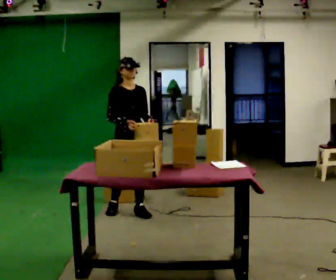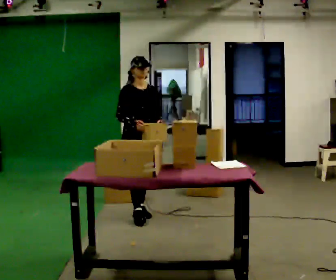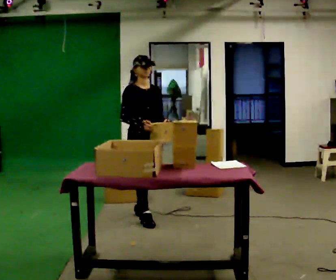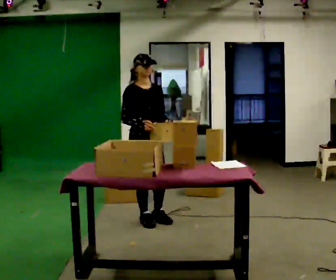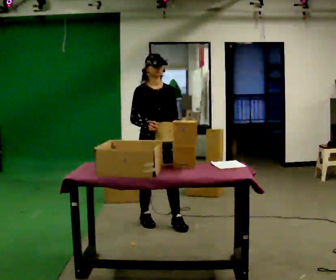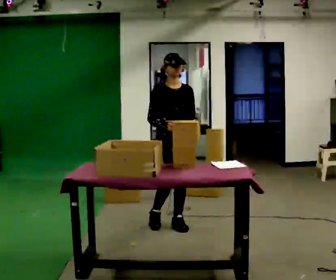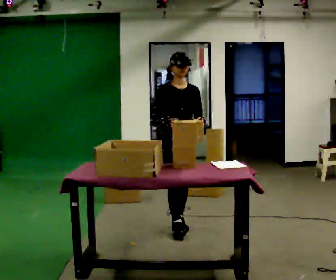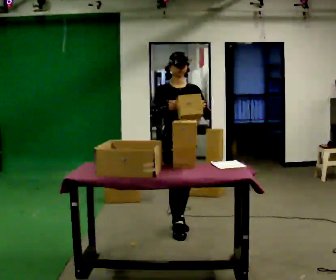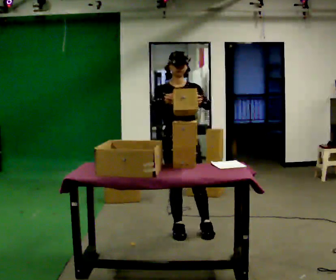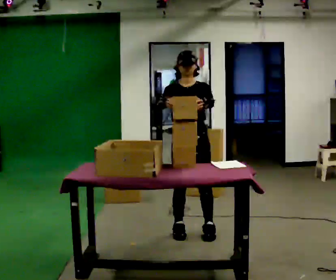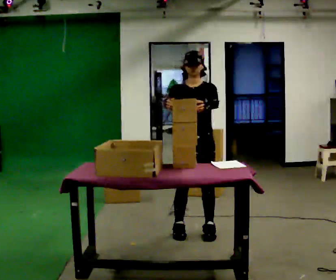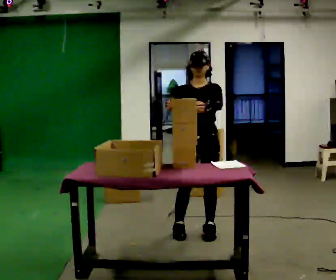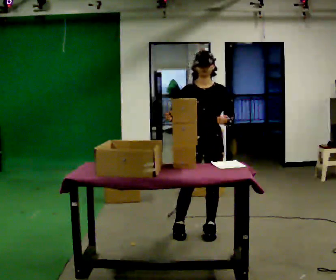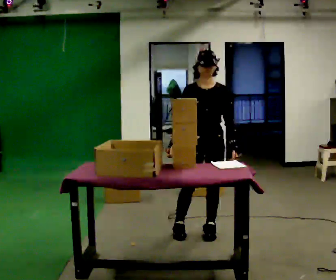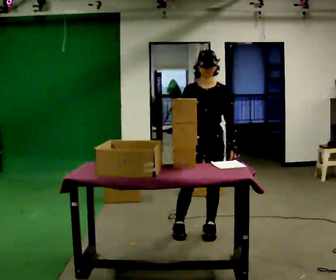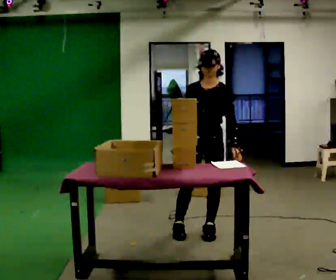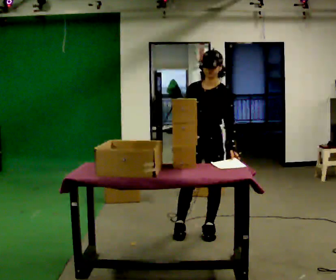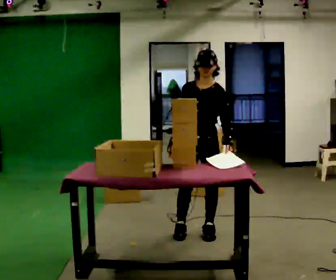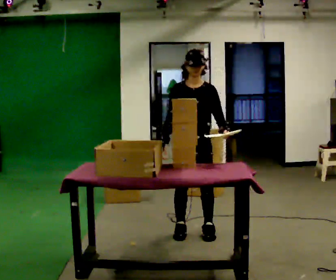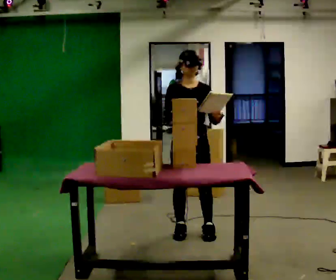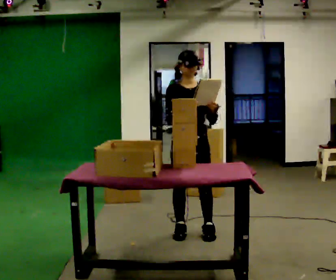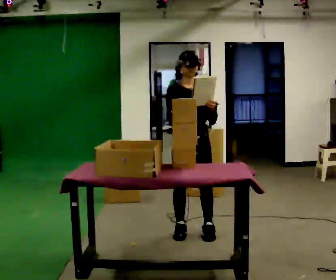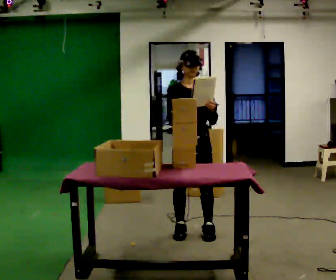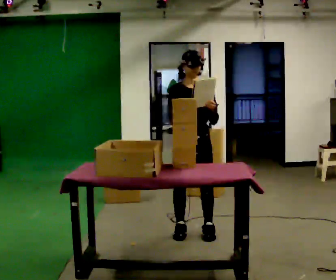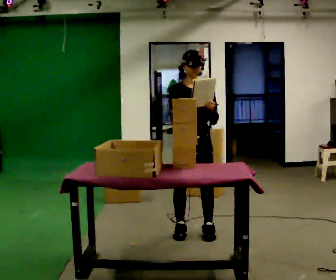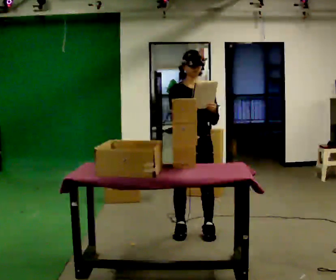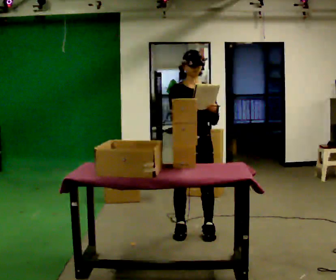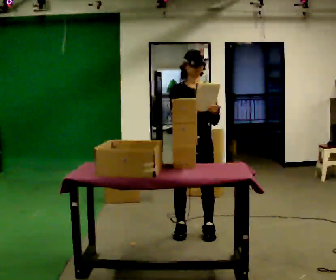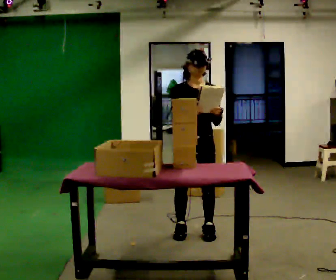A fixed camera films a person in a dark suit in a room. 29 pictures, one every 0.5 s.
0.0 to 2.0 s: In the picture they go to the right and toward the camera, about 0.5 m in 2 steps, which for them is forward.
2.0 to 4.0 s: In the picture they go to the right and toward the camera, about 0.25 m in 1 step, which for them is forward and to their left.
4.0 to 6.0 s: In the picture they go to the right, about 0.25 m in 1 step, which for them is to their left.
6.0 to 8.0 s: The part of the body nearest the lens slides to the left as the person turns to their right by about 30 degrees.
8.0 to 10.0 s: The person turns about 45 degrees to their left, counterclockwise seen from above, so the part of the body nearest the lens slides to the right.
10.0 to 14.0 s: The person moves a little, or ends about where they began.
The film runs forward here.
